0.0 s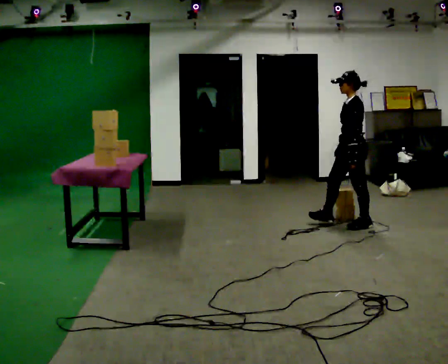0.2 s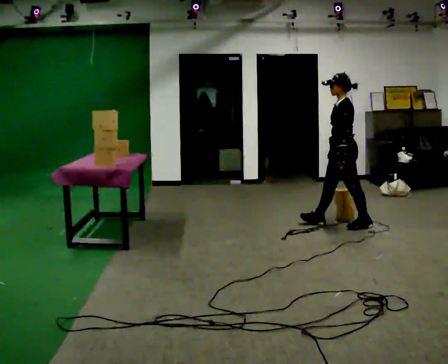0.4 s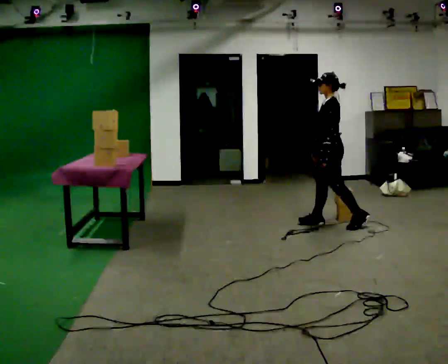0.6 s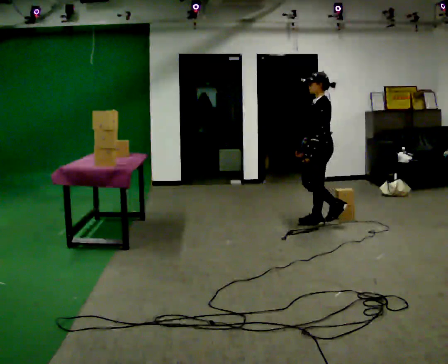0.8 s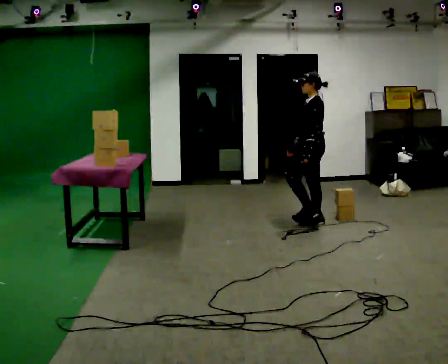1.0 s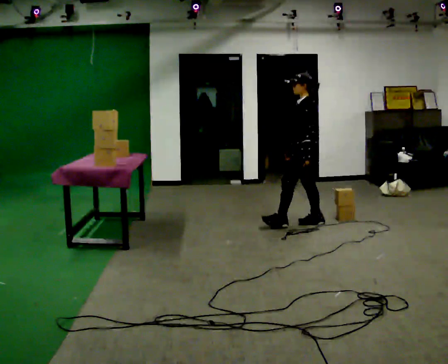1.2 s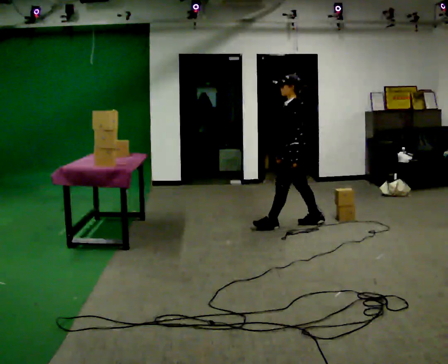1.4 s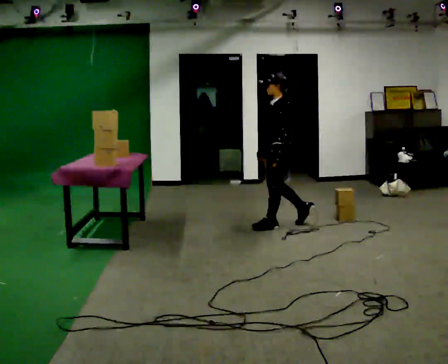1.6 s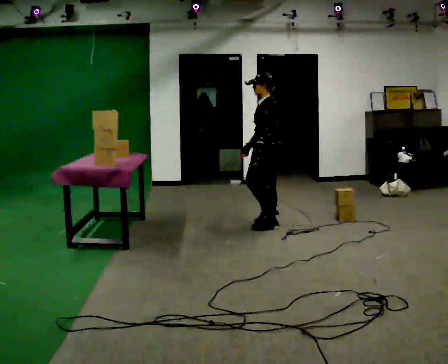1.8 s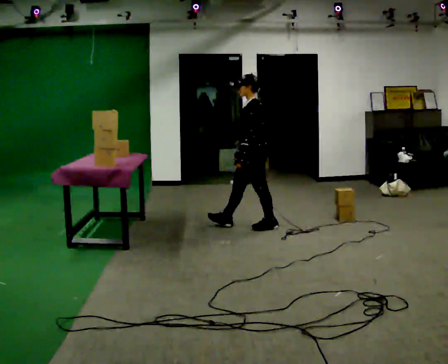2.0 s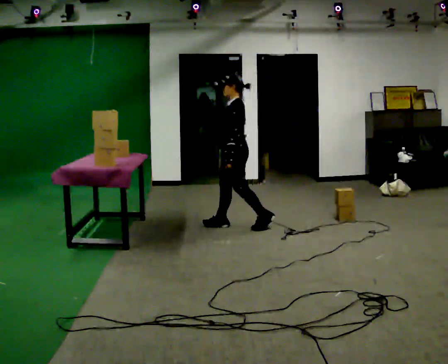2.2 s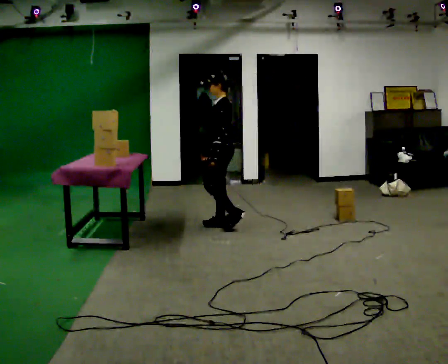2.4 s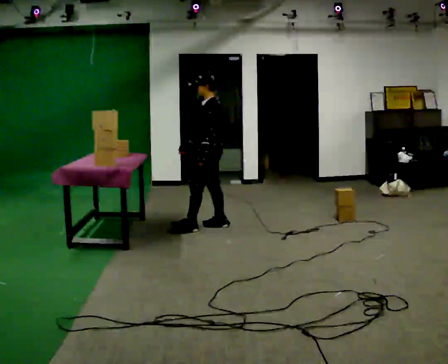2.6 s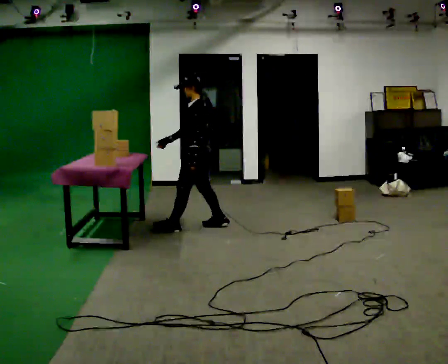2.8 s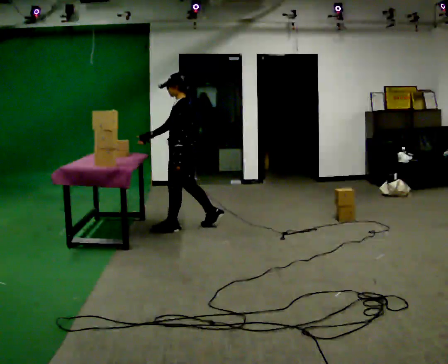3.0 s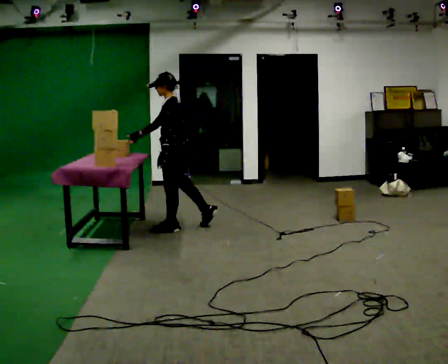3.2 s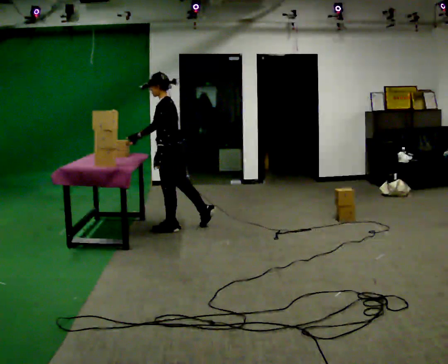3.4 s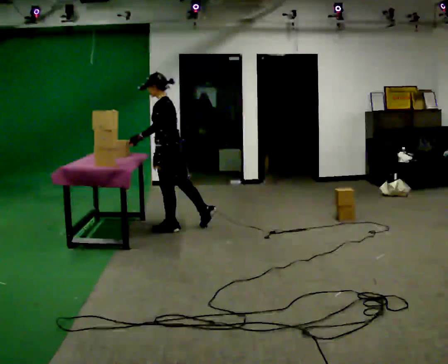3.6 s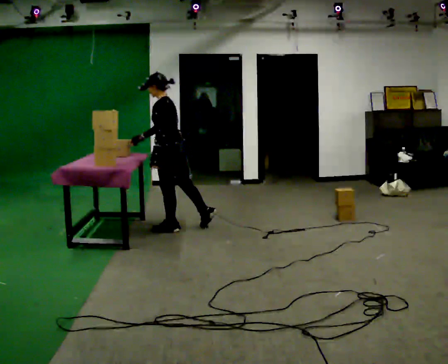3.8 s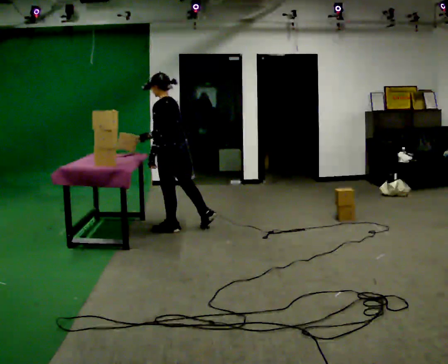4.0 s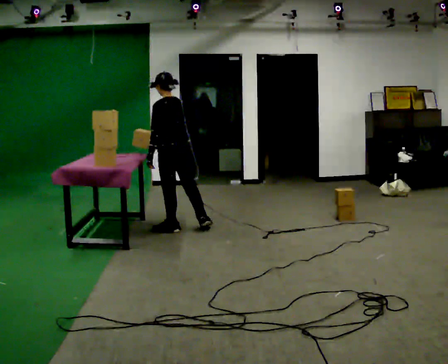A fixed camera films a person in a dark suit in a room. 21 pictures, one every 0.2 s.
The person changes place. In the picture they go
to the left.
0.0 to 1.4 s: In the picture they go to the left, about 1 m in 2 steps, which for them is forward.
1.4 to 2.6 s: In the picture they go to the left, about 1 m in 2 steps, which for them is forward.
2.6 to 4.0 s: The person turns about 45 degrees to their right, clockwise seen from above, so the part of the body nearest the lens slides to the left. In the picture they go to the left, about 0.25 m, which for them is forward and to their left.
The film runs forward here.
